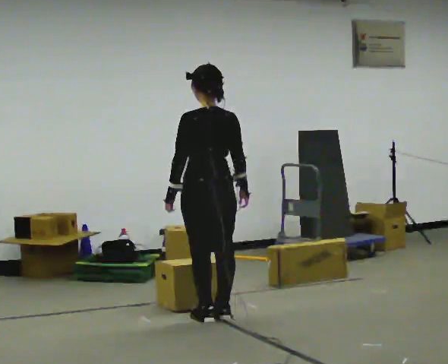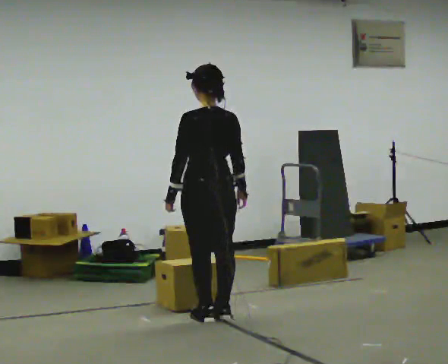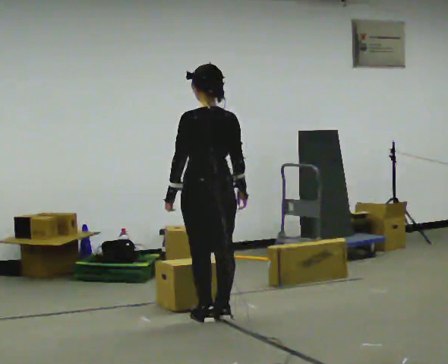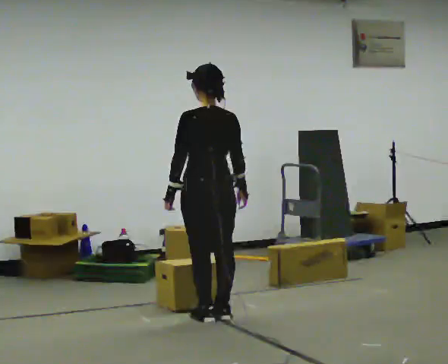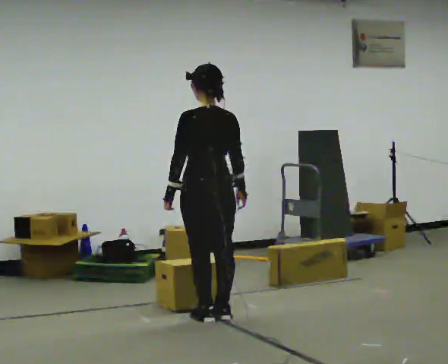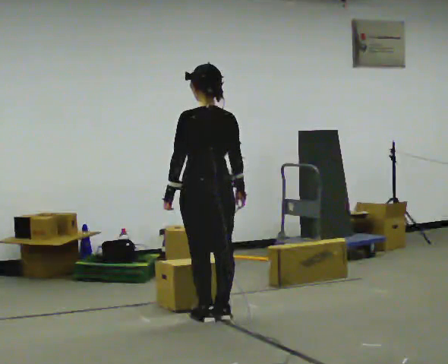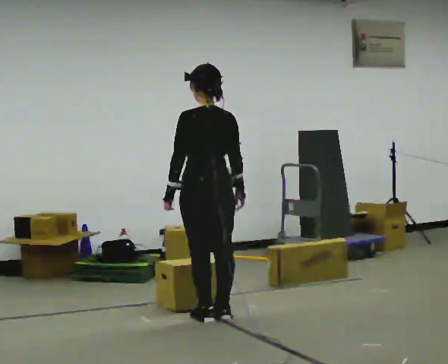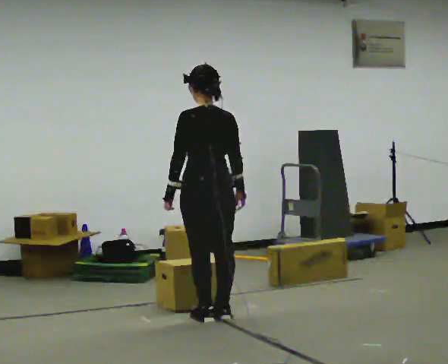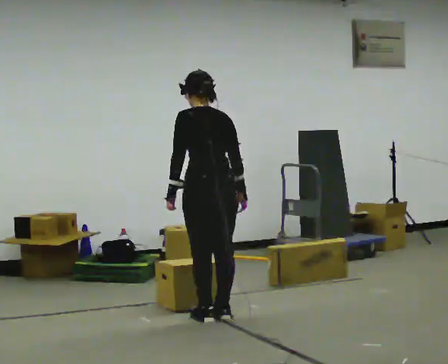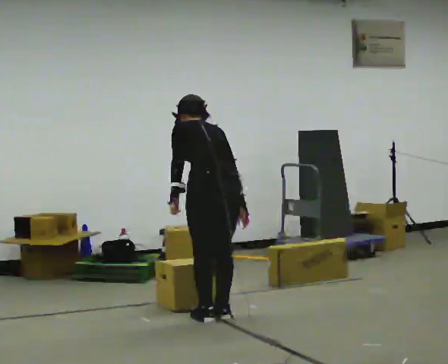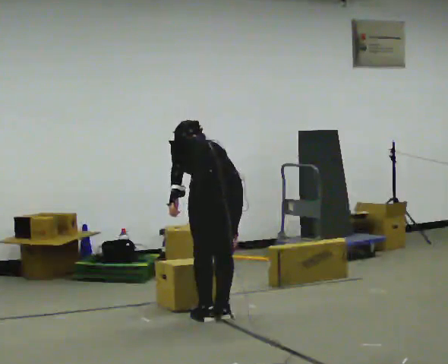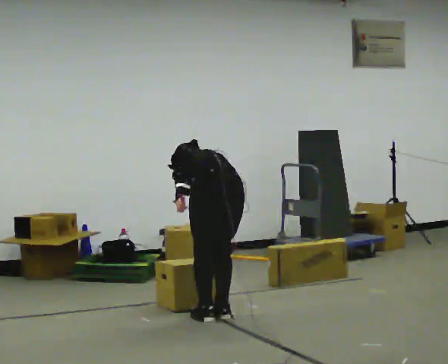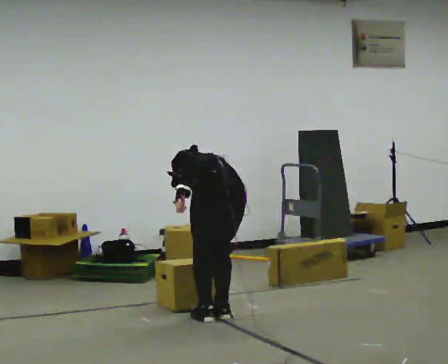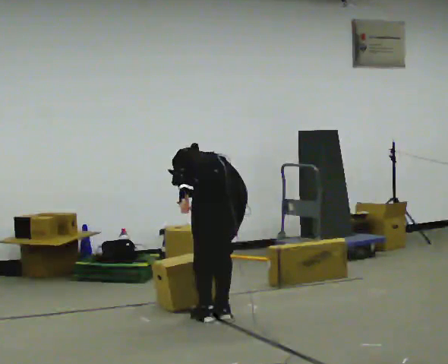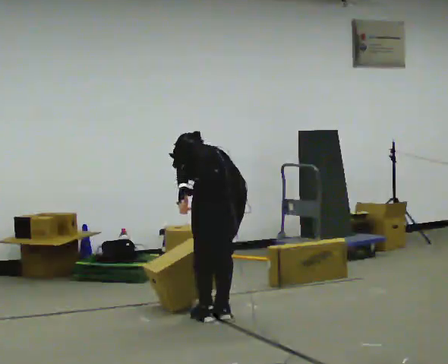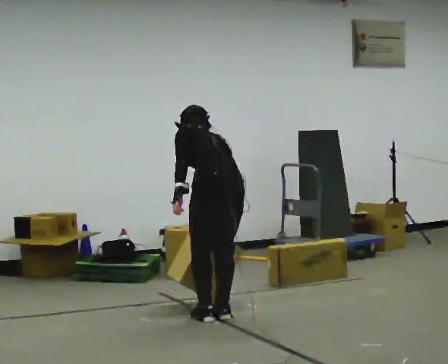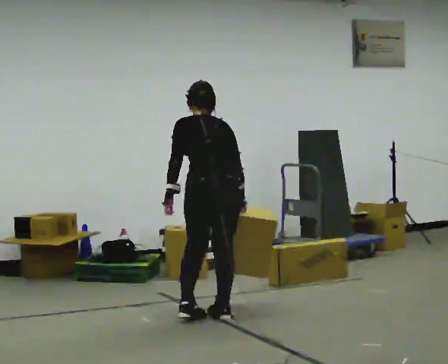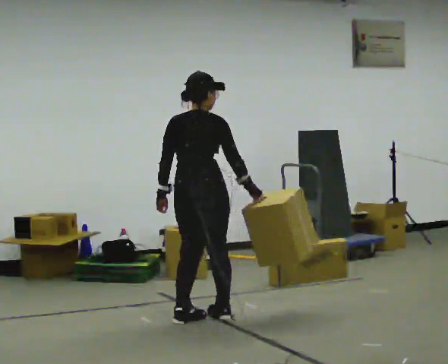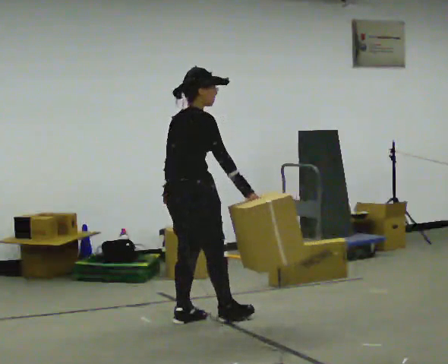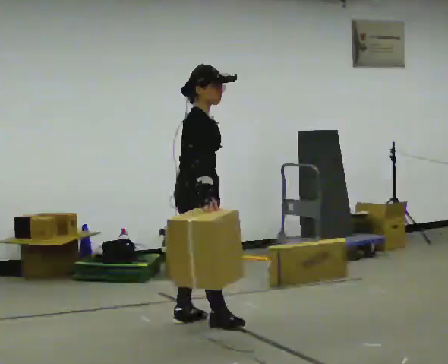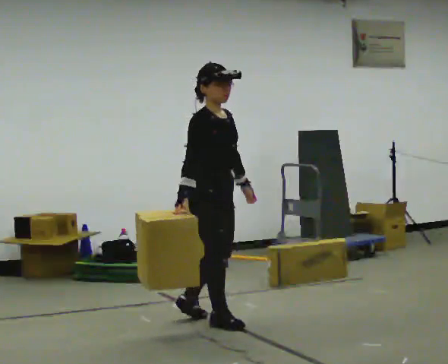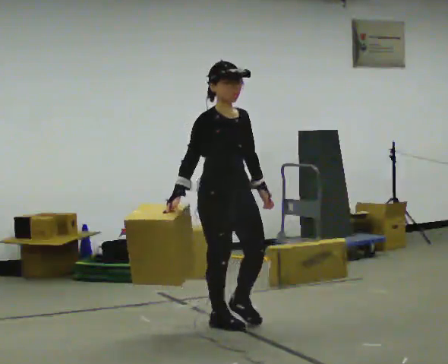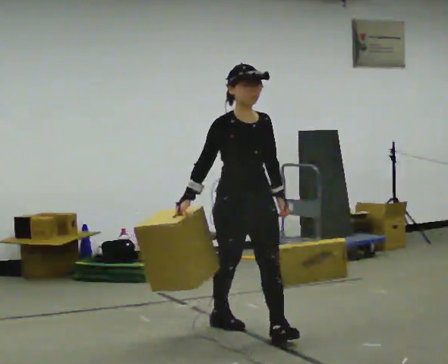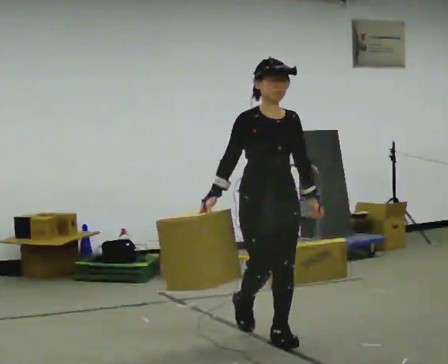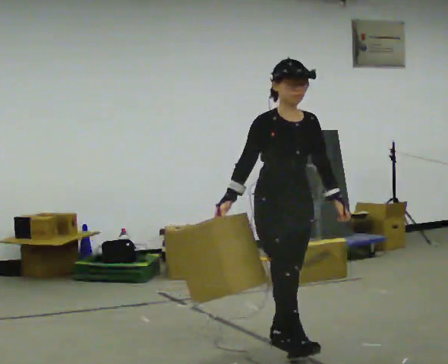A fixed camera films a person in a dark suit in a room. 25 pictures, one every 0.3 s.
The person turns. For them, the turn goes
to their right.
The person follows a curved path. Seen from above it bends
counterclockwise.
0.0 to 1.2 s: The person keeps their place and pose.
1.2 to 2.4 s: The upper body tips away from the camera, its near side rolling upward, as they bend forward.
2.4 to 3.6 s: The upper body goes downward. The upper body tips away from the camera, its near side rolling upward, as they bend forward.
3.6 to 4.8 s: The shoulders move upward. The upper body tips toward the camera, its near side rolling downward, as they lean back or straighten.
4.8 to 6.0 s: Seen from above the body turns clockwise, about 135 degrees: to their right, with its near side sliding to the left. The upper body tips toward the camera, its near side rolling downward, as they lean back or straighten. In the picture their left hand goes to the right, the arm swinging counterclockwise.
6.0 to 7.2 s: The part of the body nearest the lens slides to the left as the person turns to their right by about 30 degrees. In the picture they go toward the camera and to the right, about 0.5 m in 1 step, which for them is forward.
The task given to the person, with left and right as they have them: Carry the box across the room, stopping and starting again each time the operator says stop and go. Do not set the box down.
The film runs forward here.
